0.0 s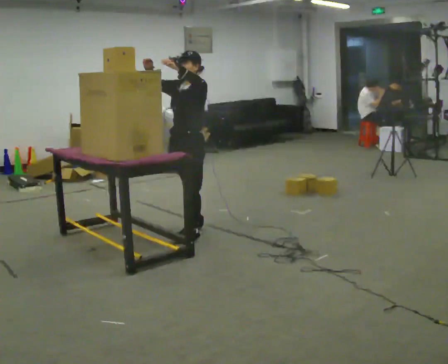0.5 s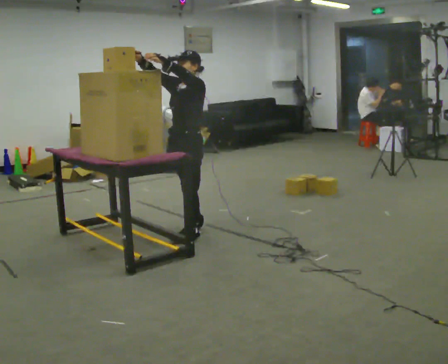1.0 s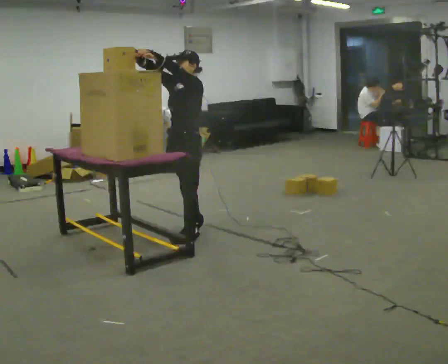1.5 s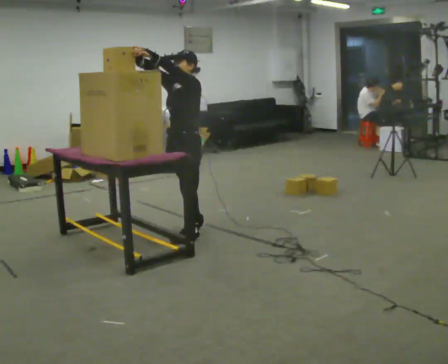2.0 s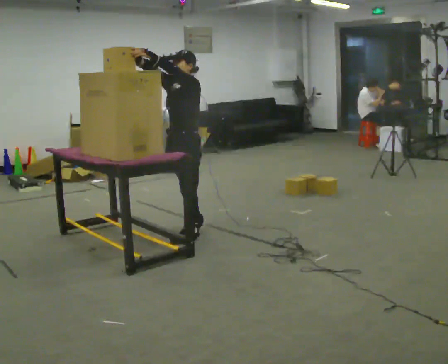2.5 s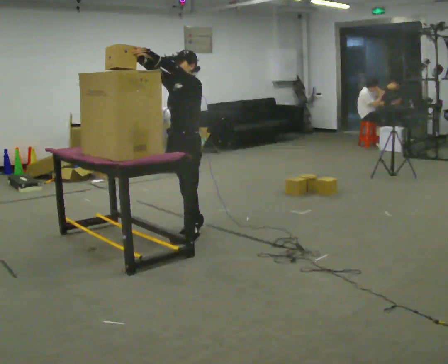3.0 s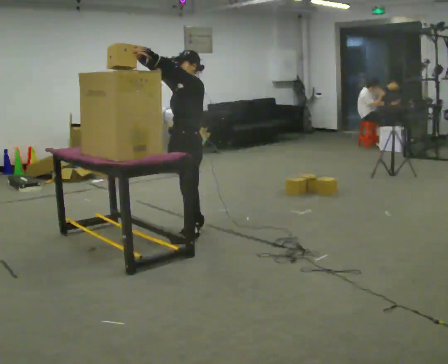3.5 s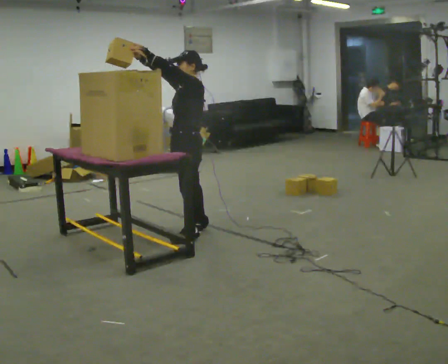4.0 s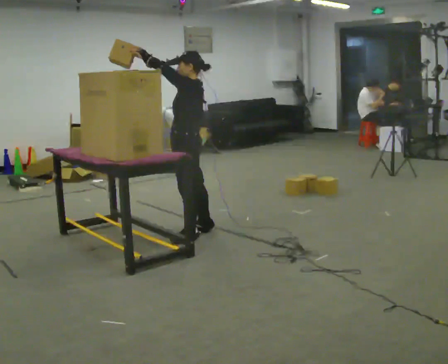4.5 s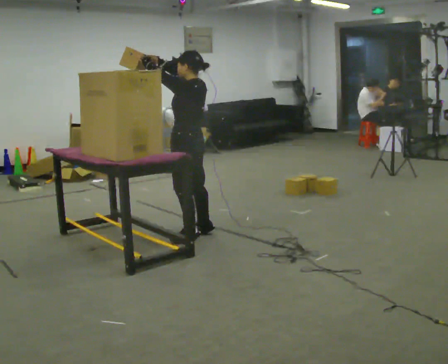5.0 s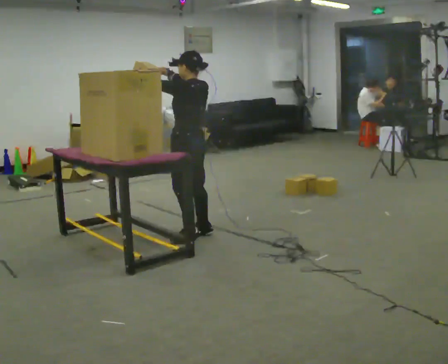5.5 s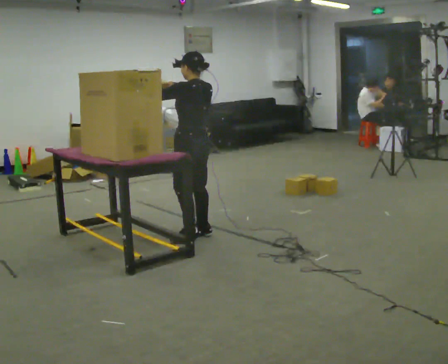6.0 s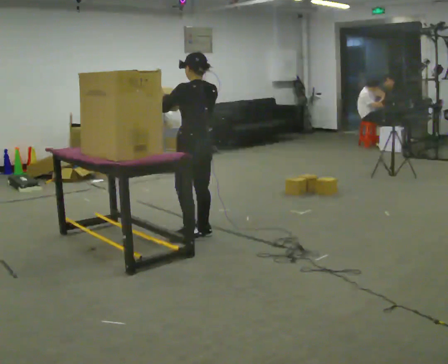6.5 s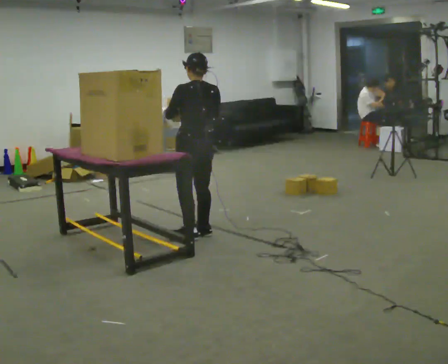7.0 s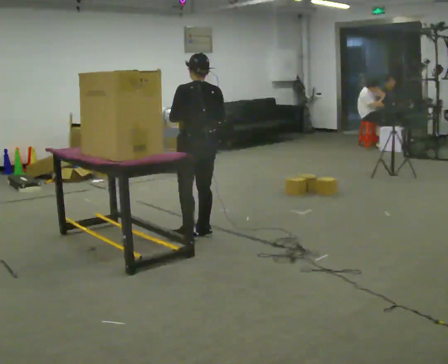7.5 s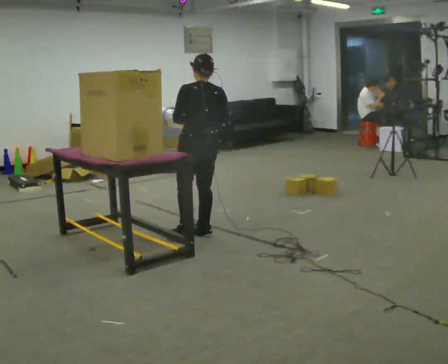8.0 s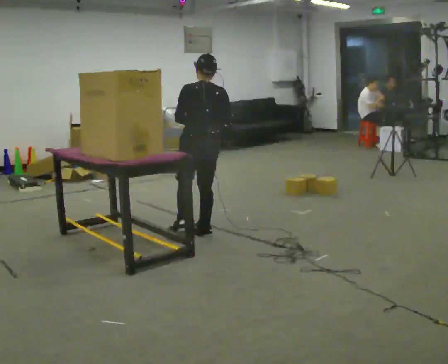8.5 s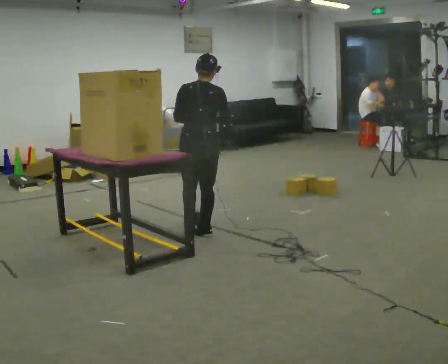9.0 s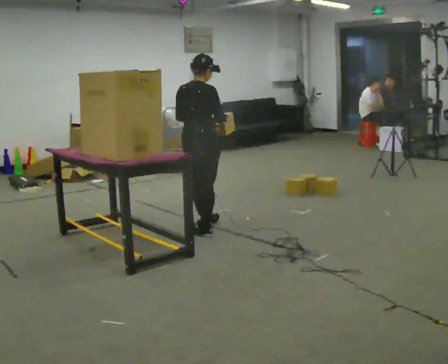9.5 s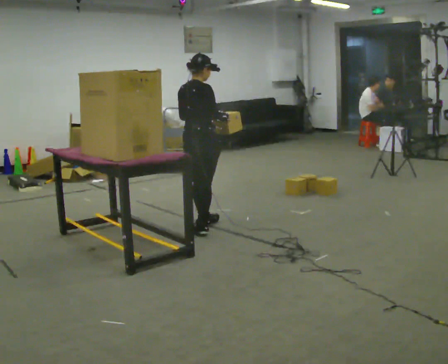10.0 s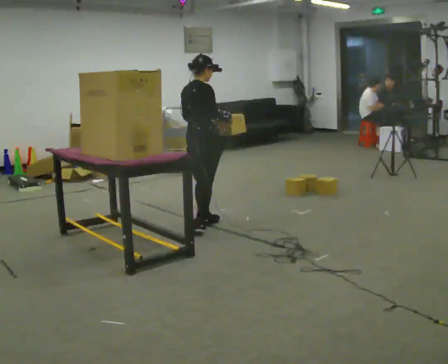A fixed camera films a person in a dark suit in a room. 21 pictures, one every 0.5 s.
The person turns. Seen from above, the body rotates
clockwise.
The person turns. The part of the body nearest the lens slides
to the left.
0.0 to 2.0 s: The person moves a little, or ends about where they began.
2.0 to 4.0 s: Seen from above the body turns clockwise, about 45 degrees: to their right, with its near side sliding to the left.
4.0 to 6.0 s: The person turns about 45 degrees to their right, clockwise seen from above, so the part of the body nearest the lens slides to the left. In the picture their left hand goes downward.
6.0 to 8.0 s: The person moves a little, or ends about where they began.
8.0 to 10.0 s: The person turns about 60 degrees to their right, clockwise seen from above, so the part of the body nearest the lens slides to the left. In the picture they go away from the camera, about 0.25 m in 1 step.
The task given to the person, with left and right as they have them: Take an object down from the highest shelf you can comfortably reach, carry it across the room, and set it on the floor. Keep going until the operator says stop; one object at a time, and do not rush between trips.
The film runs forward here.
